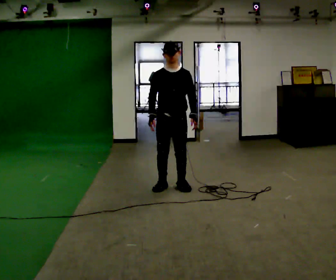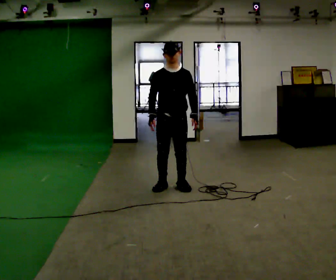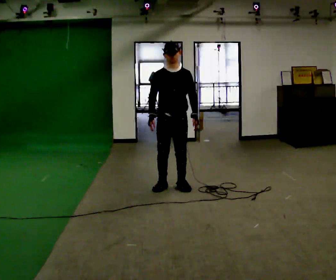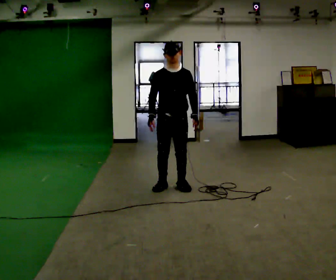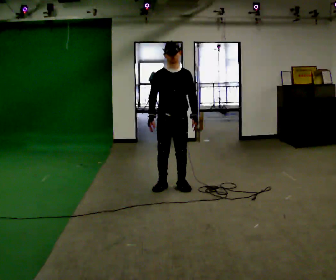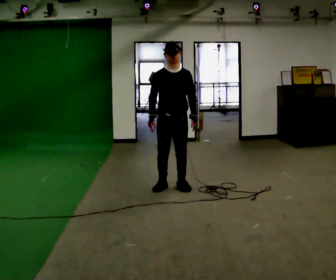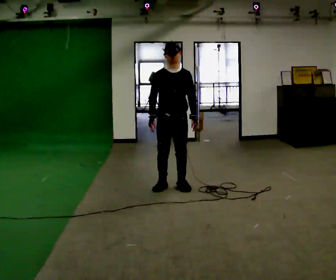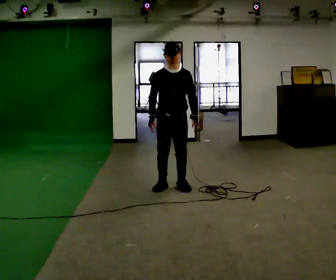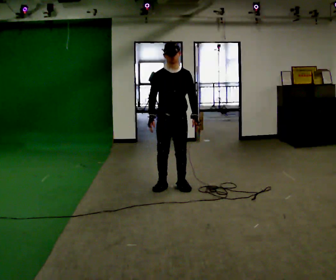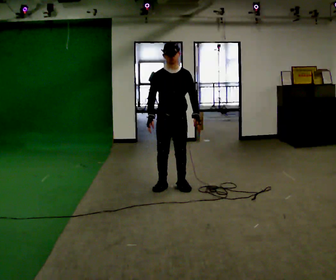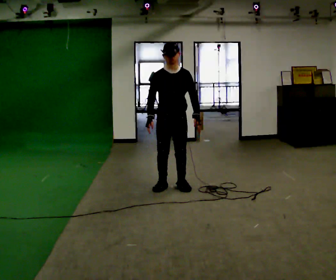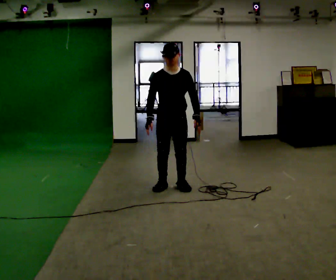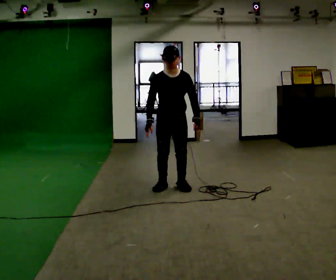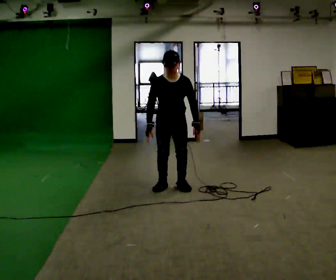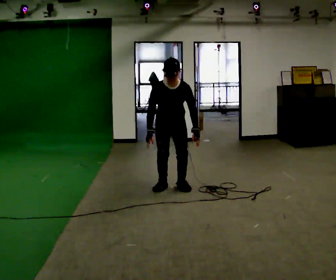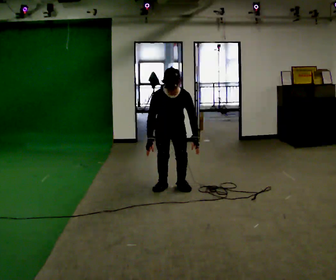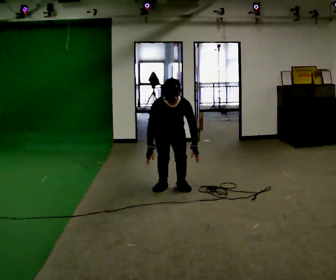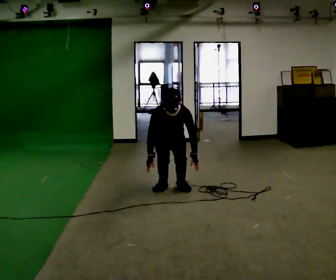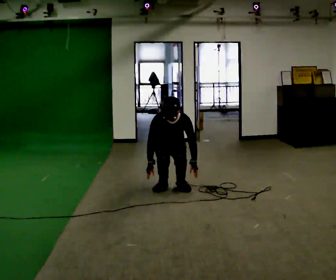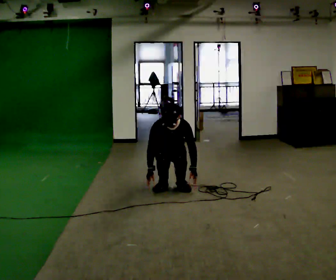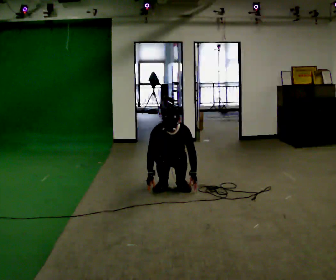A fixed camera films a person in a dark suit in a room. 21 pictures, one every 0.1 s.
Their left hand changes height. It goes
downward.
The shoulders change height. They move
downward.
0.0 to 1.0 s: The person moves a little, or ends about where they began.
1.0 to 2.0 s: The shoulders move downward. The upper body tips toward the camera, its near side rolling downward, as they bend forward. In the picture their left hand goes downward.
The film runs backward here.
